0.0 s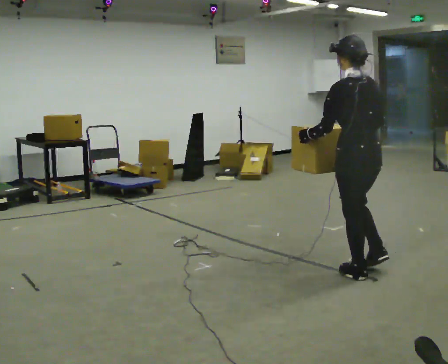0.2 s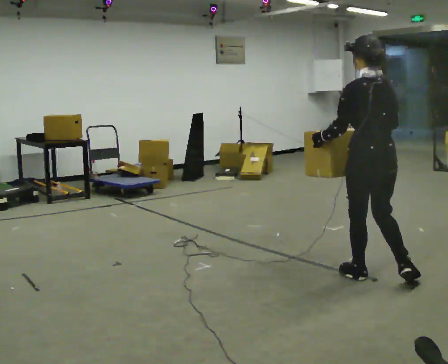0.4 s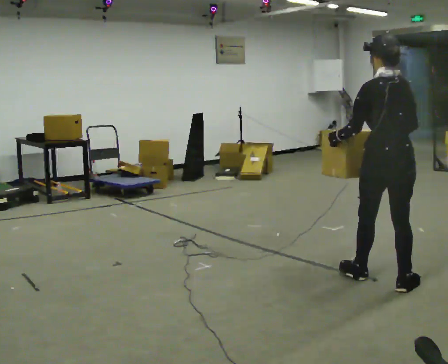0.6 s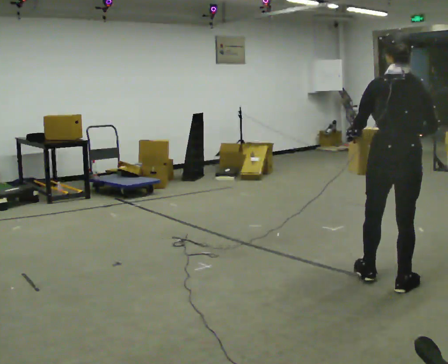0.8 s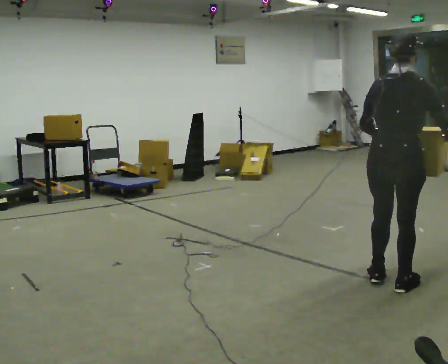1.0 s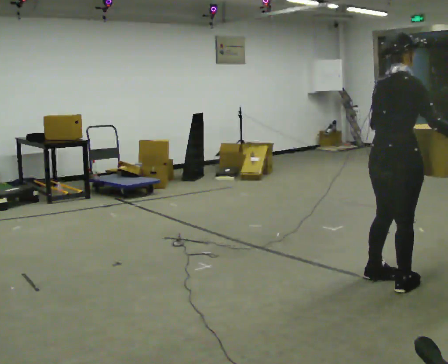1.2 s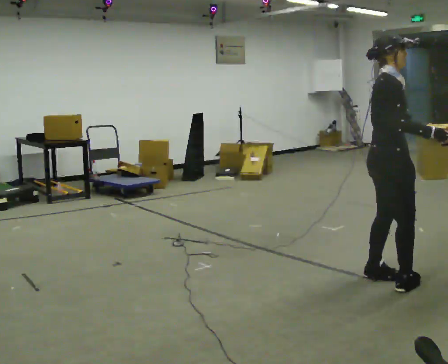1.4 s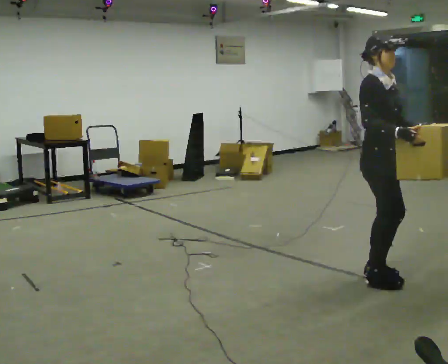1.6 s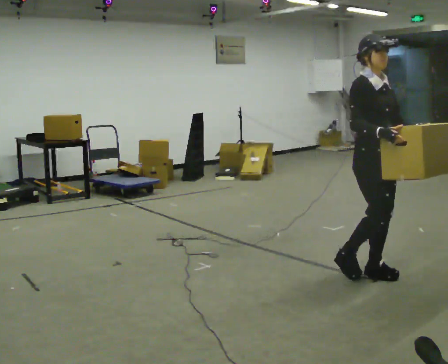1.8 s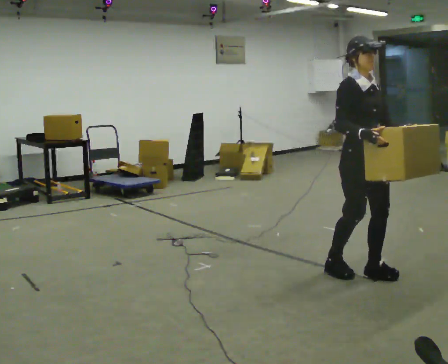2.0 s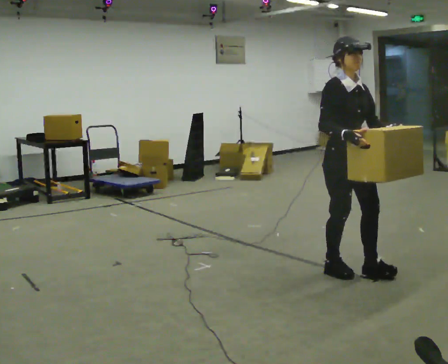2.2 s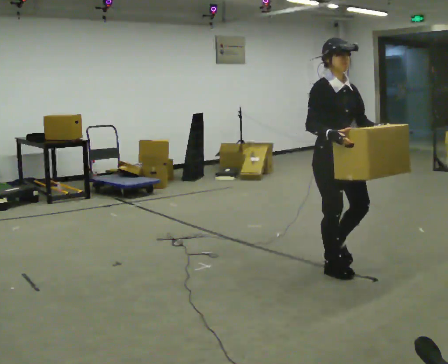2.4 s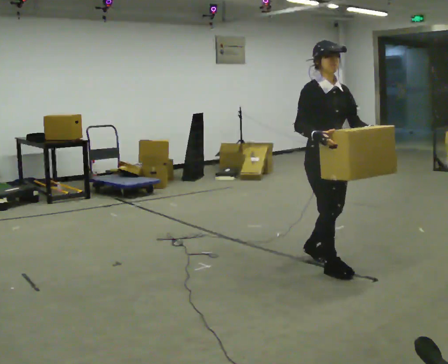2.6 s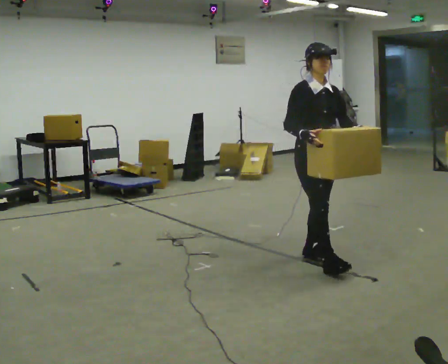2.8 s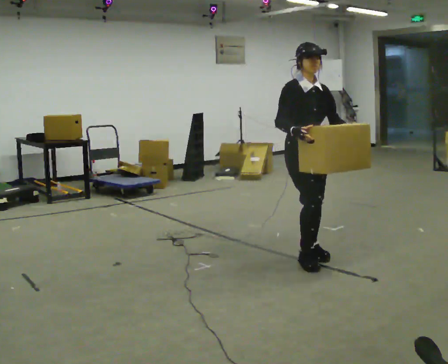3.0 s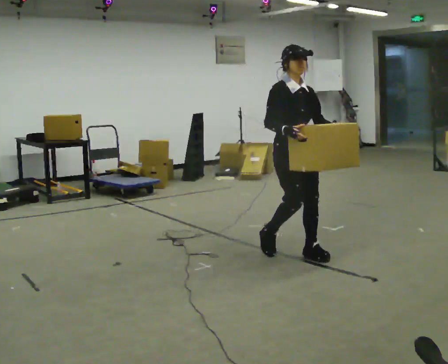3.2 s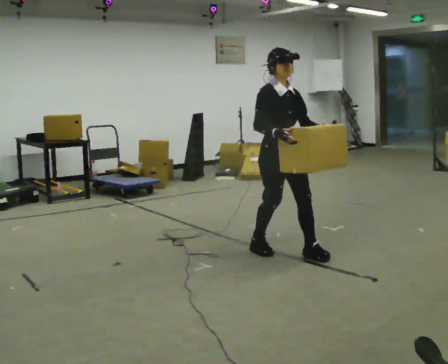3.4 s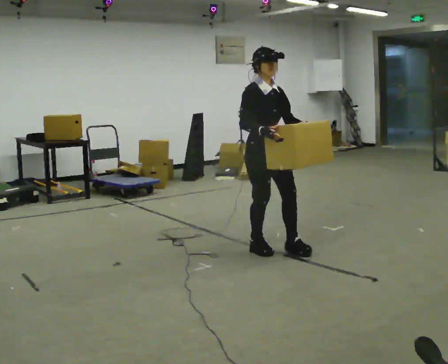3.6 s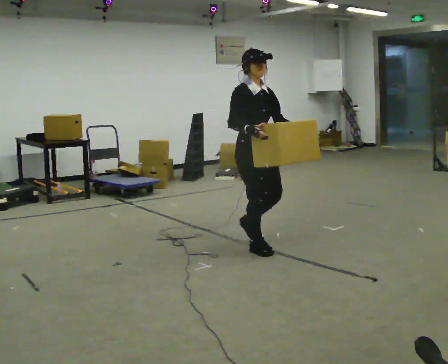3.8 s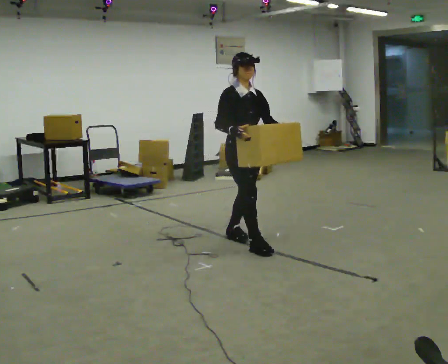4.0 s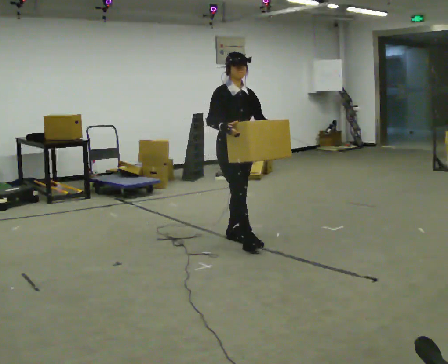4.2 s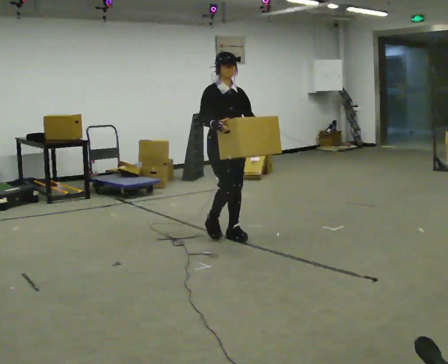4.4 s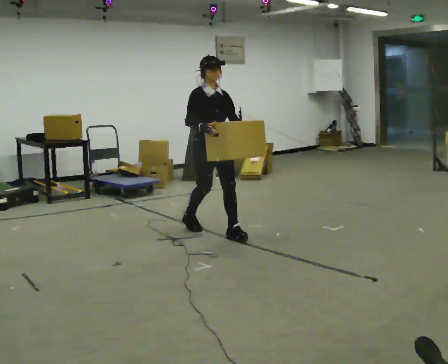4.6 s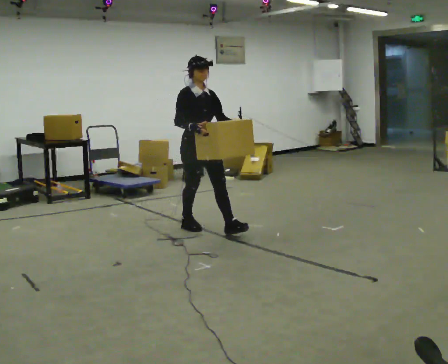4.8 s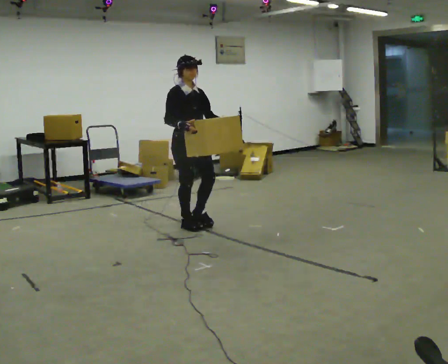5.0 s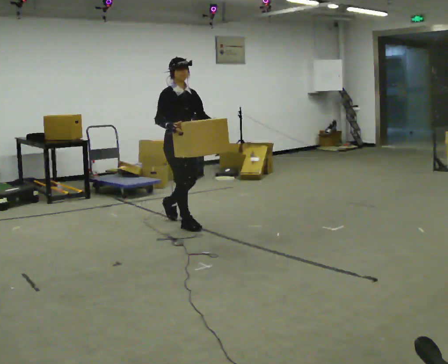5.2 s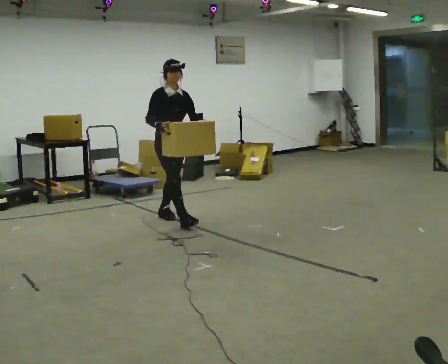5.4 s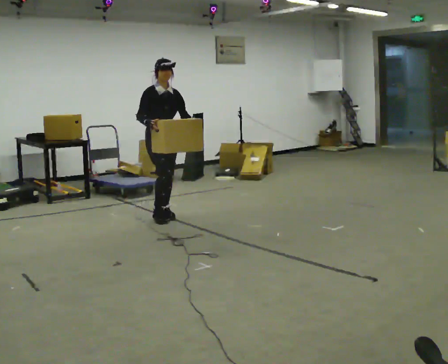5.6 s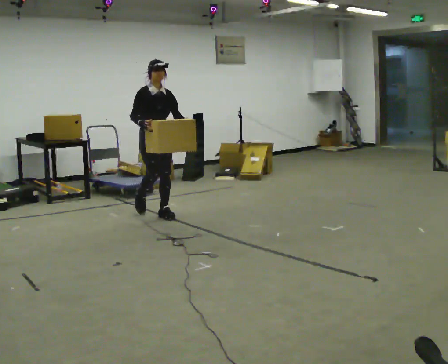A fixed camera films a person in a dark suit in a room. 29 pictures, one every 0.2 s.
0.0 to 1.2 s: The person turns about 120 degrees to their right, clockwise seen from above, so the part of the body nearest the lens slides to the left. In the picture they go toward the camera, about 0.25 m in 1 step.
1.2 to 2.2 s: Seen from above the body turns clockwise, about 60 degrees: to their right, with its near side sliding to the left. In the picture they go to the left and away from the camera, about 0.5 m in 2 steps, which for them is backward.
2.2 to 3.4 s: In the picture they go to the left and away from the camera, about 0.75 m in 2 steps, which for them is backward.
3.4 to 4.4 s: In the picture they go away from the camera and to the left, about 0.5 m in 1 step, which for them is backward.
4.4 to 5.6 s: In the picture they go to the left and away from the camera, about 1 m in 2 steps, which for them is backward.
The film runs backward here.
